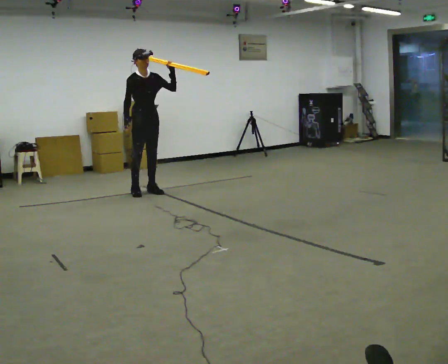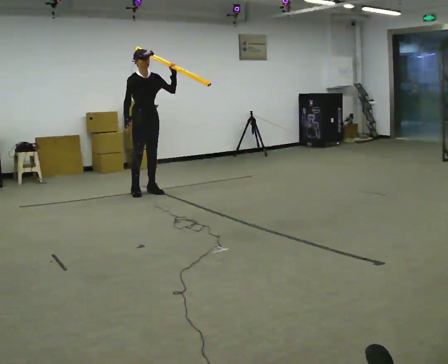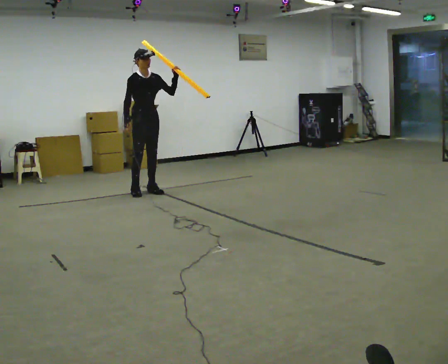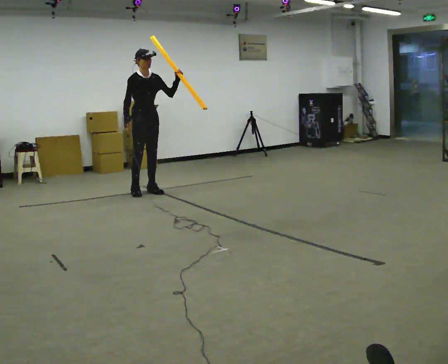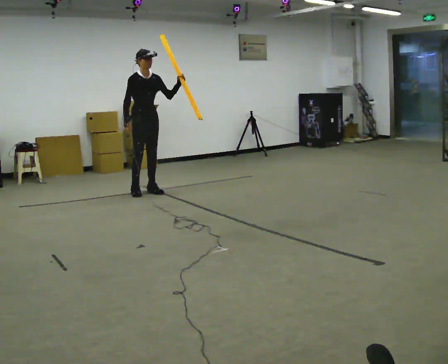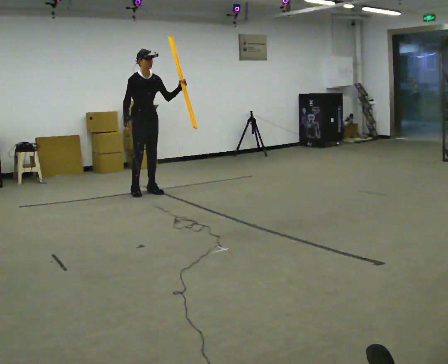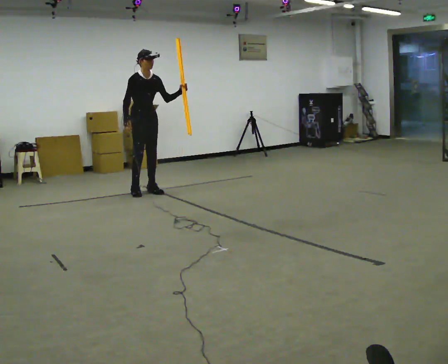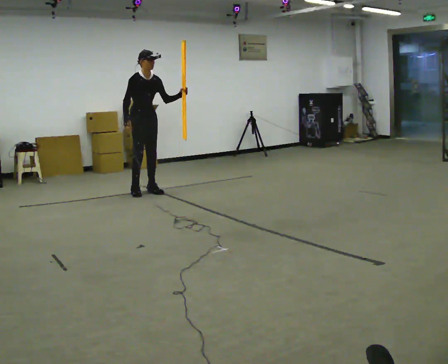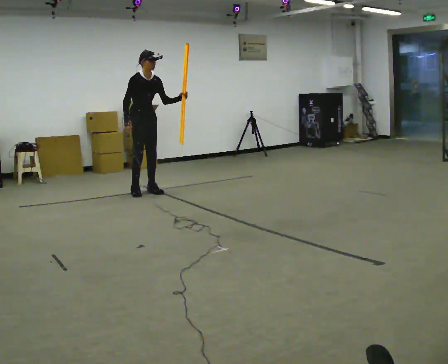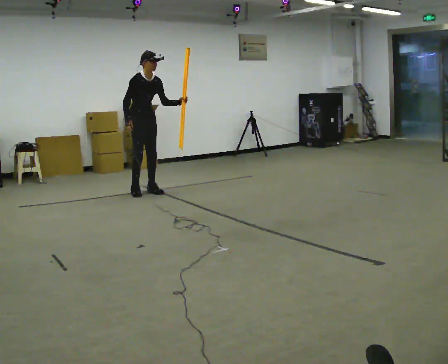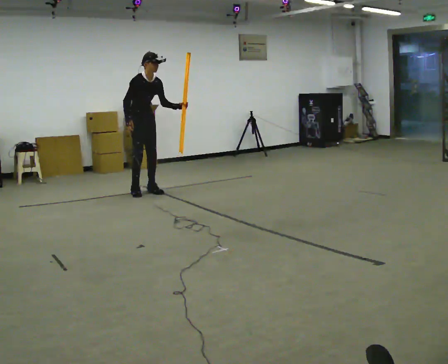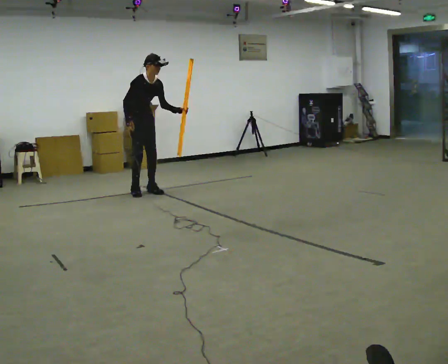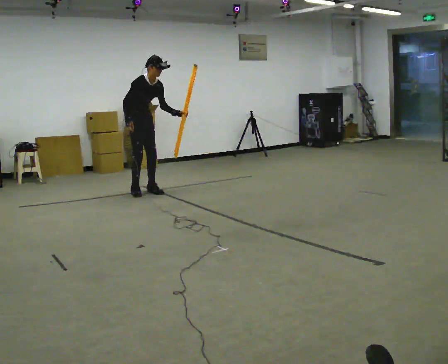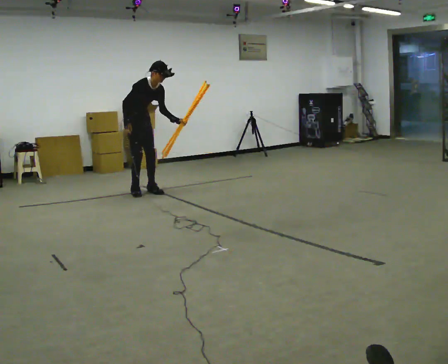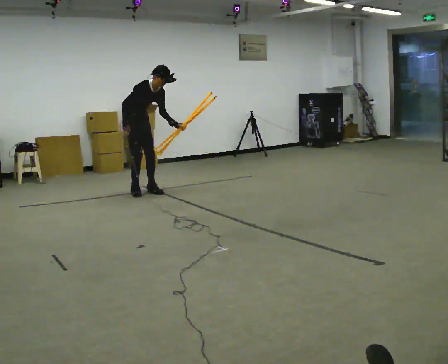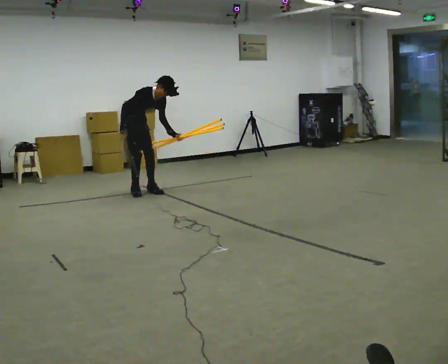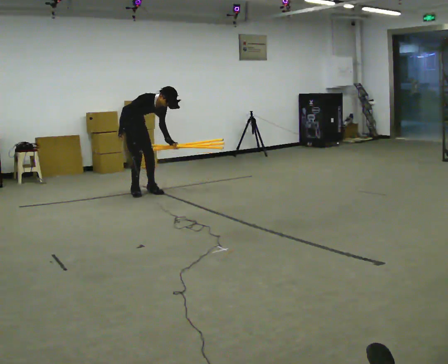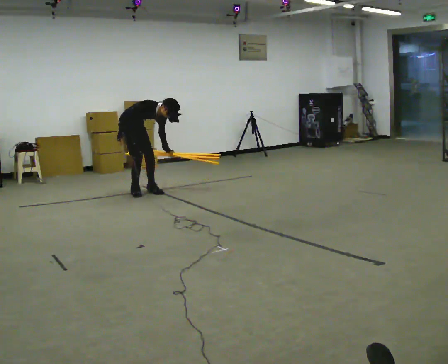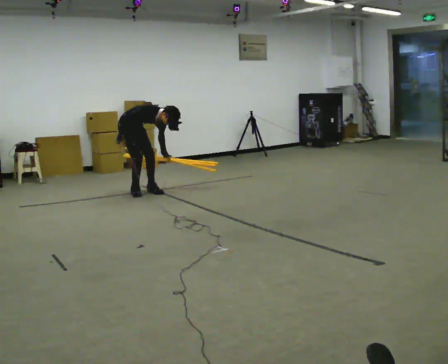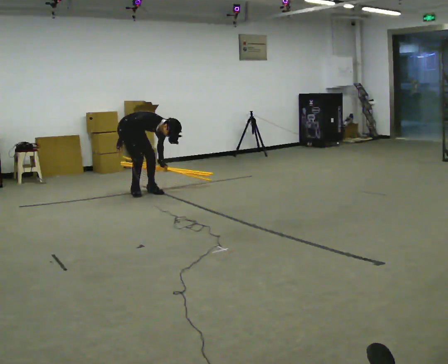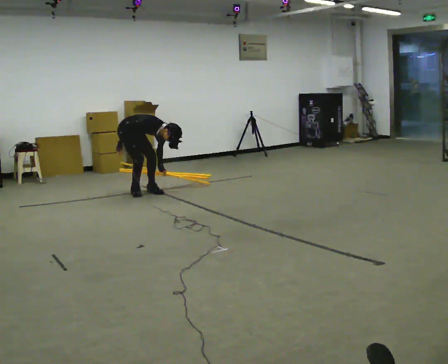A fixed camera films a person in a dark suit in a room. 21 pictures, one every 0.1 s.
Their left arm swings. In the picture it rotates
clockwise.
The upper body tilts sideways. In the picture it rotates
clockwise.
0.0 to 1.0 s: In the picture their left hand goes downward, the arm swinging clockwise.
1.0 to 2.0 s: The shoulders move downward. In the picture the upper body tilts clockwise, shoulders to the right, as they bend forward. In the picture their left hand goes downward.
The film runs backward here.
